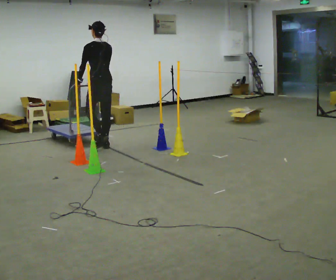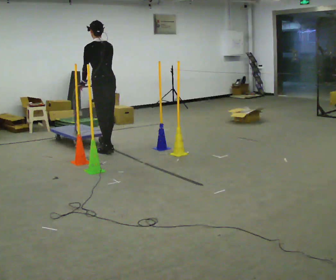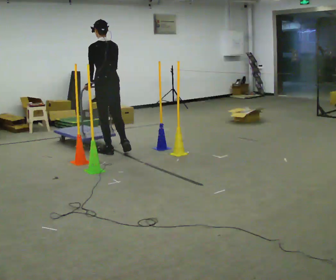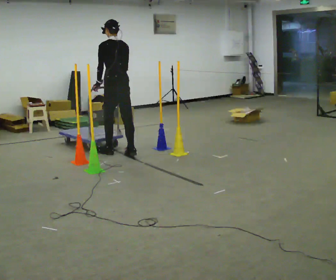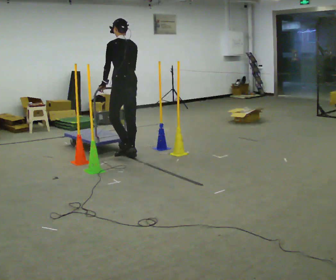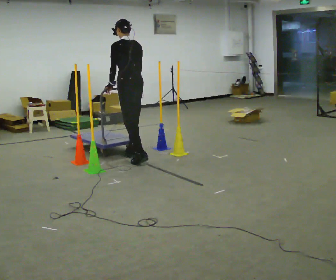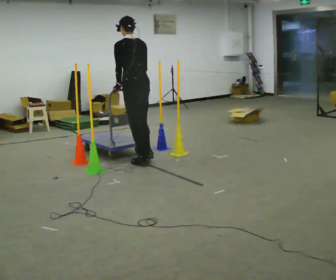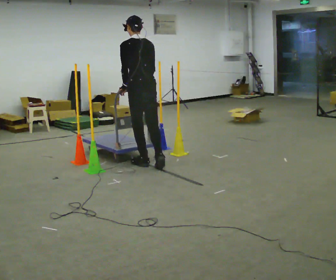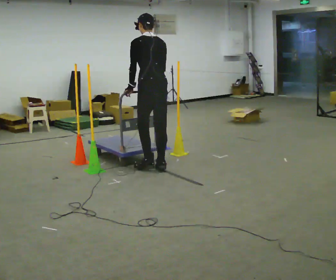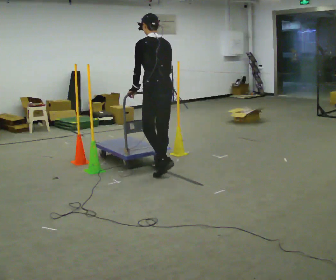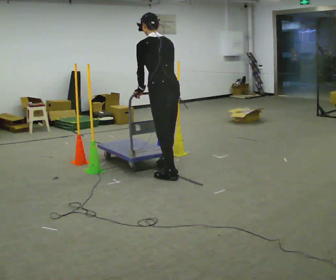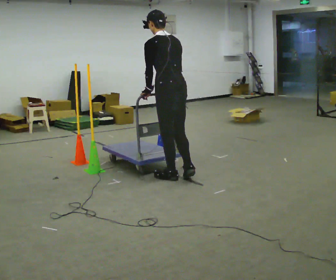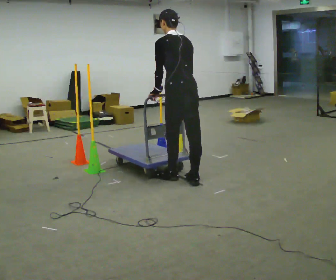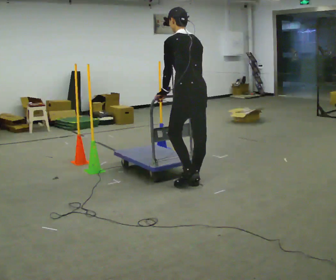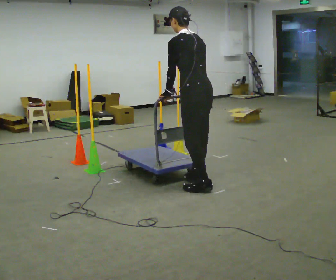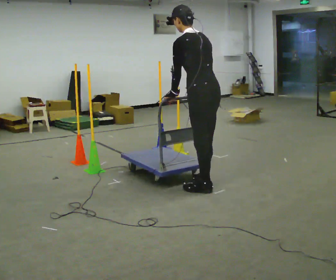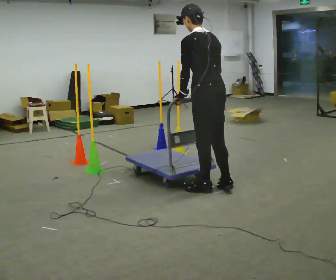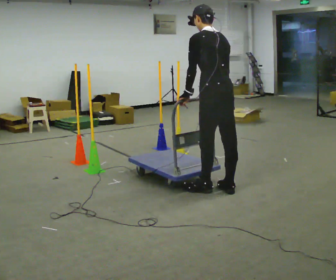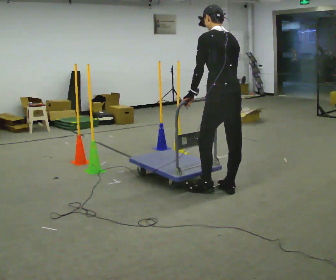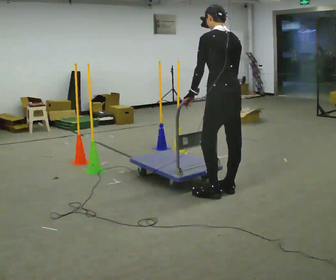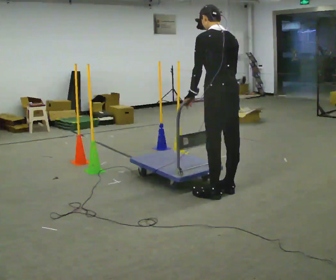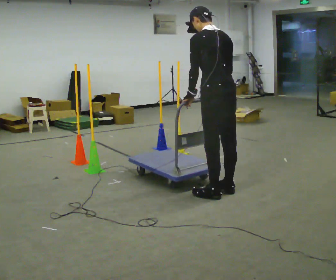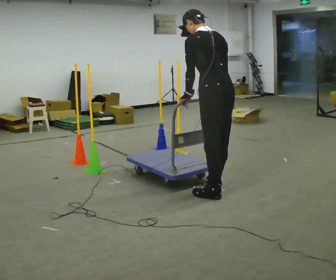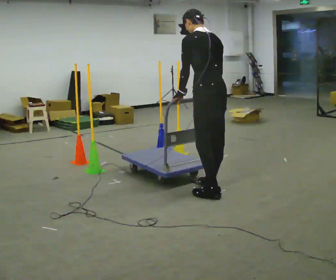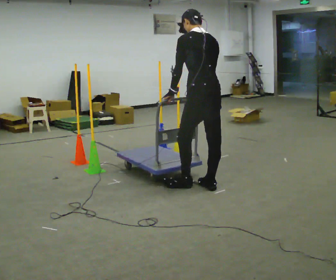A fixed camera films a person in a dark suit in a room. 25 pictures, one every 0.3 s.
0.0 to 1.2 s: In the picture they go to the right and toward the camera, about 0.5 m in 2 steps, which for them is backward.
1.2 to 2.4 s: In the picture they go toward the camera and to the right, about 0.75 m in 2 steps, which for them is backward.
2.4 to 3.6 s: In the picture they go toward the camera and to the right, about 0.5 m in 1 step, which for them is backward.
3.6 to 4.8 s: In the picture they go to the right and toward the camera, about 0.25 m in 2 steps, which for them is backward.
4.8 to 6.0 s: The person moves a little, or ends about where they began.
6.0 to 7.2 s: In the picture they go to the left, about 0.25 m in 2 steps, which for them is forward.
The film runs backward here.
